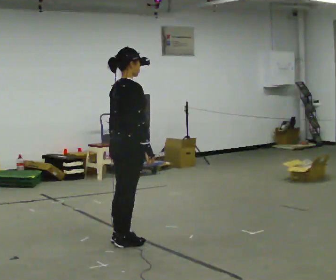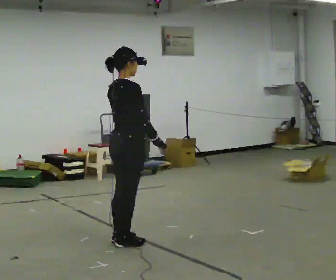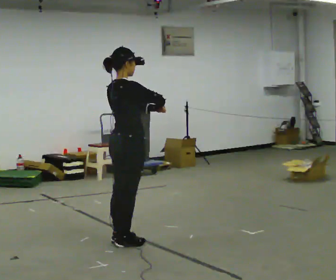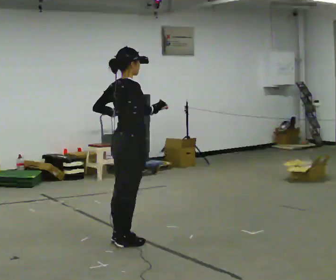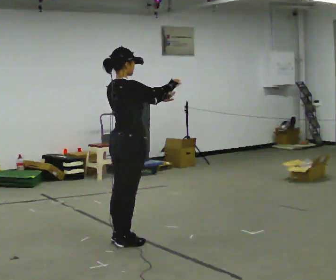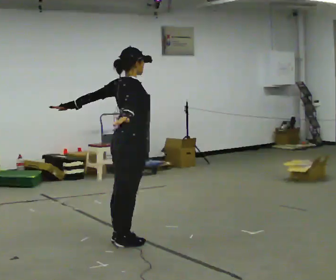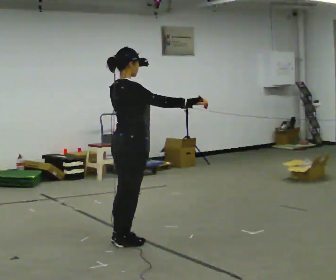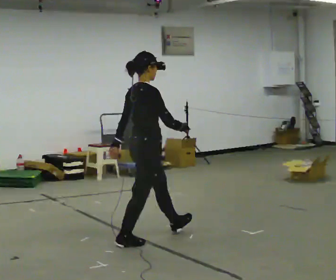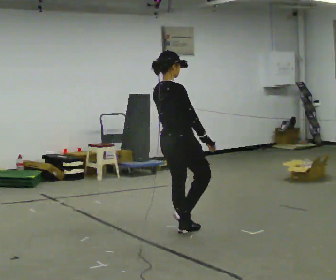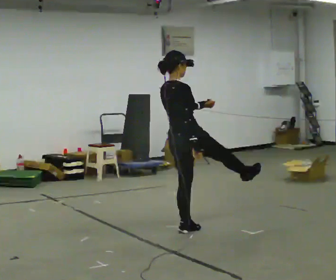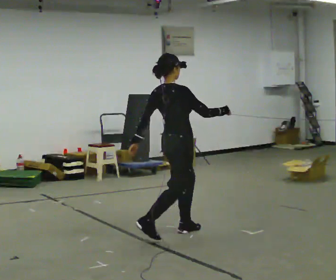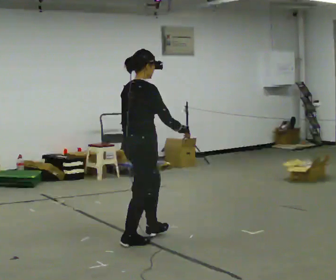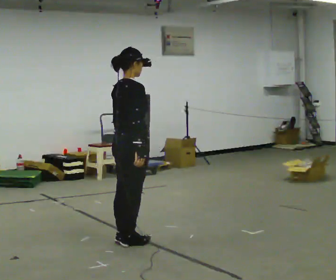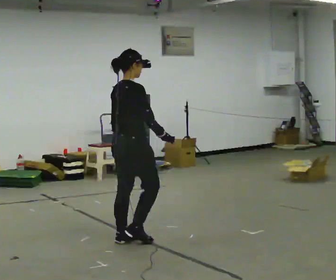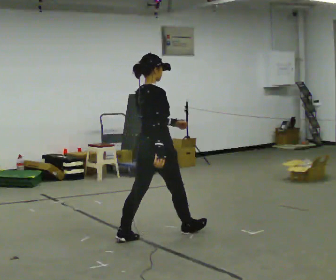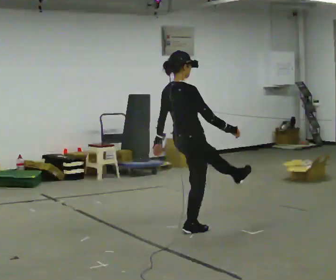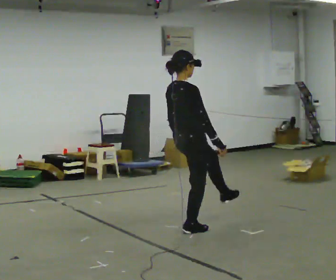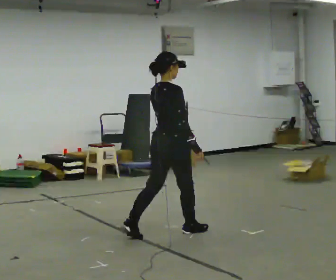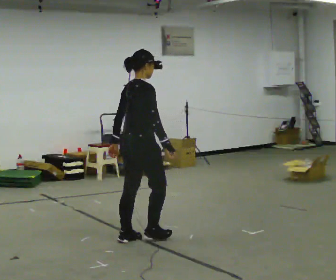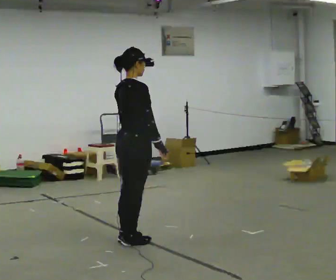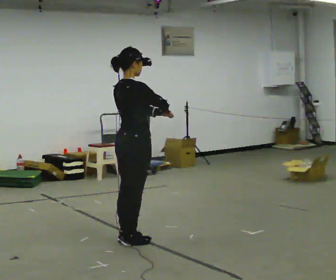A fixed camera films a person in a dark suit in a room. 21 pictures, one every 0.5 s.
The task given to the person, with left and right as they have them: Dance freely at a slow tempo as if to slow music; keep moving continuously.
0.0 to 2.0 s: In the picture their right hand goes upward.
2.0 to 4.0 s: In the picture they go to the right and away from the camera, about 0.5 m in 1 step, which for them is forward. In the picture their right hand goes downward.
4.0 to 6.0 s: In the picture they go to the left and toward the camera, about 0.5 m in 3 steps, which for them is backward.
6.0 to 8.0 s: In the picture they go to the right and away from the camera, about 0.5 m in 2 steps, which for them is forward.
8.0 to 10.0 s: In the picture they go to the left and toward the camera, about 0.5 m in 2 steps, which for them is backward. In the picture their right hand goes upward.
The film runs forward here.
